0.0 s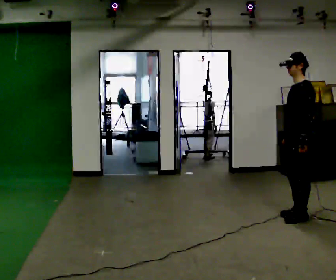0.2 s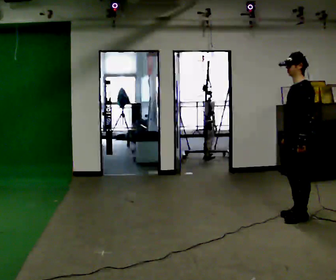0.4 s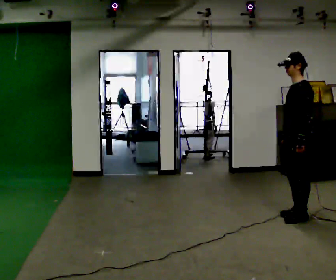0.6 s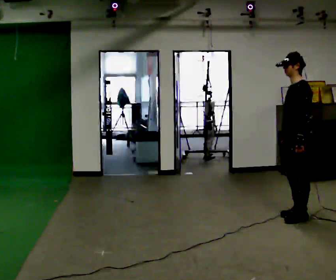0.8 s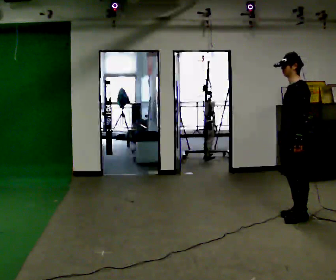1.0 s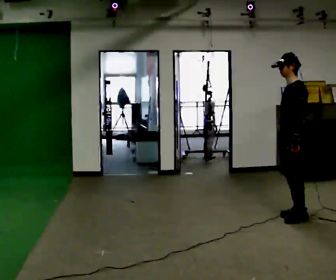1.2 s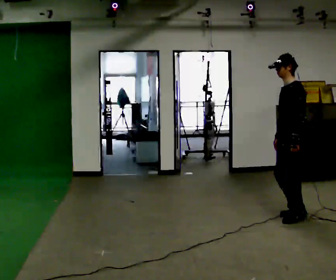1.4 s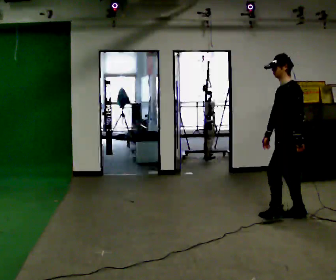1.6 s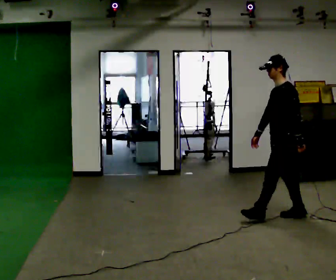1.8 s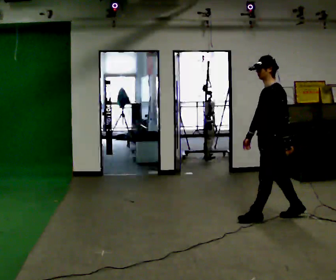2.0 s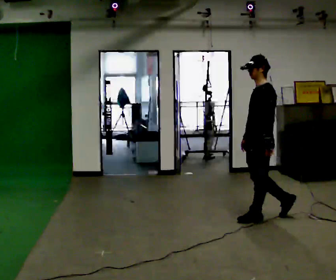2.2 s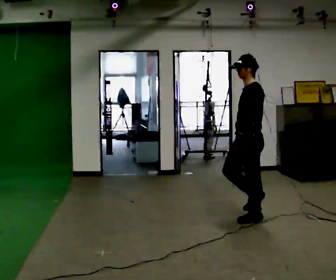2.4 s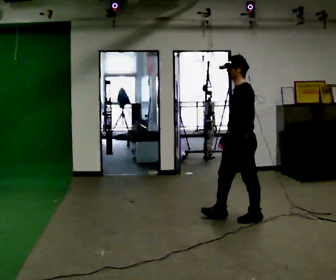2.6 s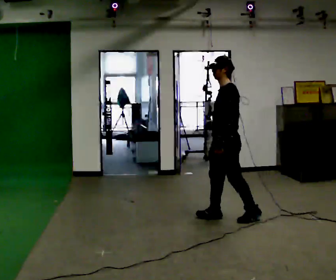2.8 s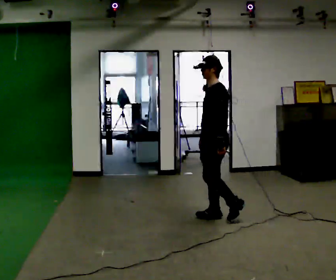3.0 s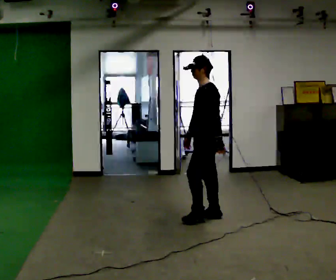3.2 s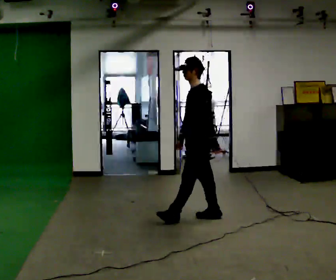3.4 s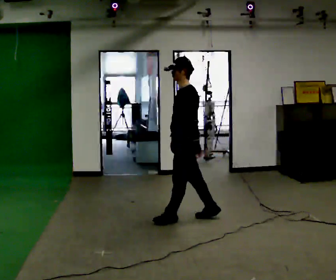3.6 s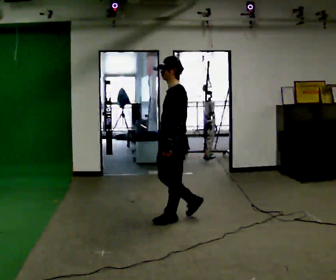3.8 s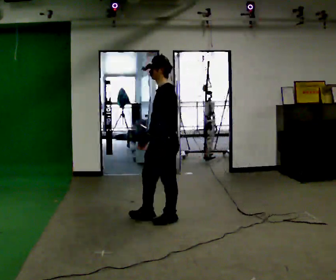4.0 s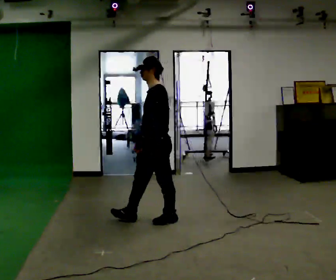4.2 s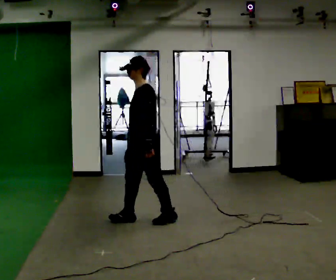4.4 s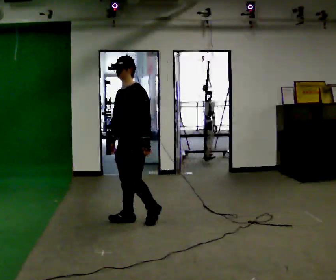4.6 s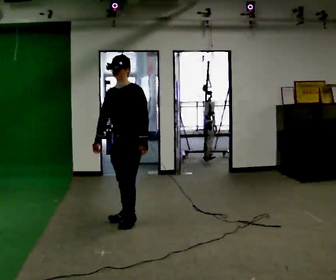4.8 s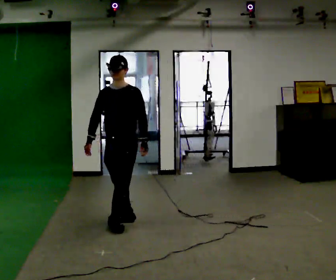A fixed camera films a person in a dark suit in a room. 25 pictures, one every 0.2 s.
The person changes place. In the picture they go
to the left.
0.0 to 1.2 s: The person moves a little, or ends about where they began.
1.2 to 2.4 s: In the picture they go to the left, about 0.5 m in 1 step, which for them is forward.
2.4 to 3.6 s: In the picture they go to the left, about 0.75 m in 2 steps, which for them is forward.
3.6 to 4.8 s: Seen from above the body turns counterclockwise, about 60 degrees: to their left, with its near side sliding to the right. In the picture they go to the left, about 0.5 m in 1 step, which for them is forward.
The film runs forward here.
